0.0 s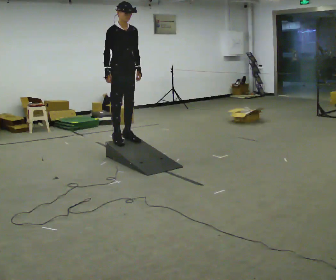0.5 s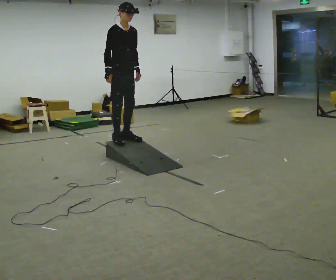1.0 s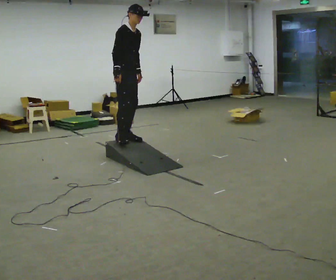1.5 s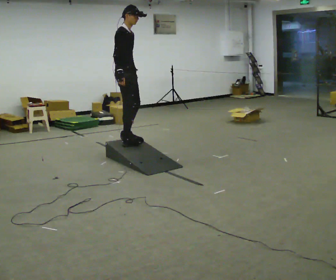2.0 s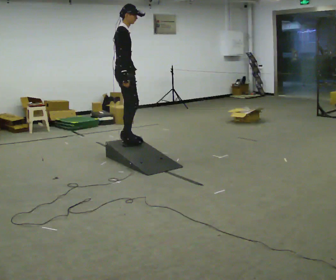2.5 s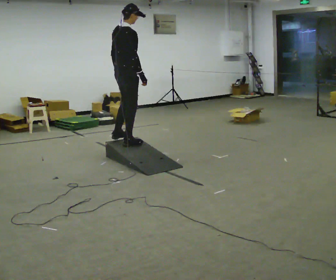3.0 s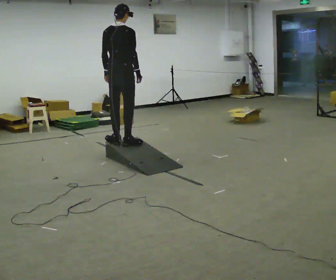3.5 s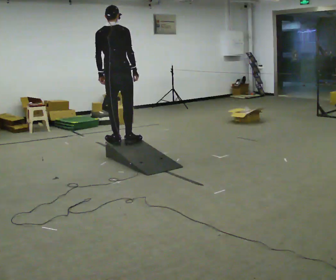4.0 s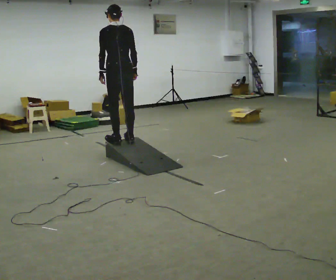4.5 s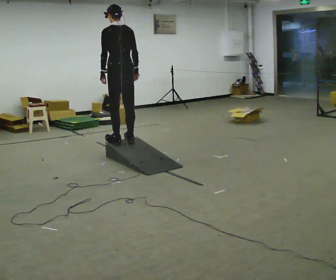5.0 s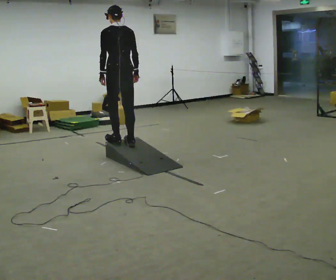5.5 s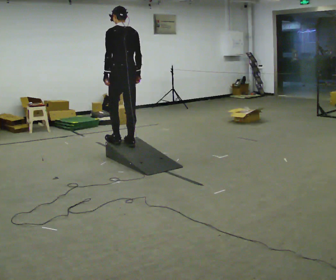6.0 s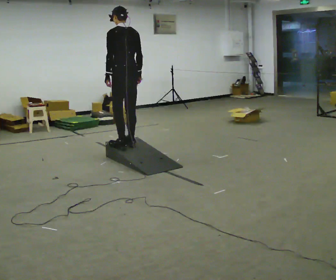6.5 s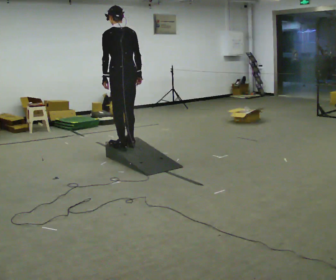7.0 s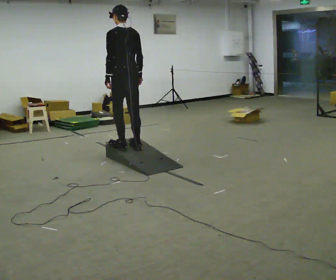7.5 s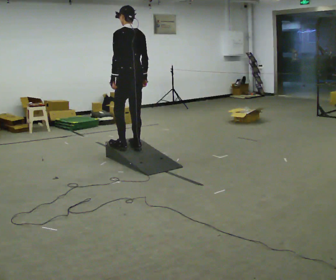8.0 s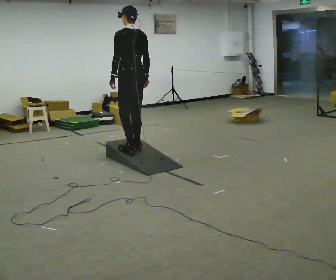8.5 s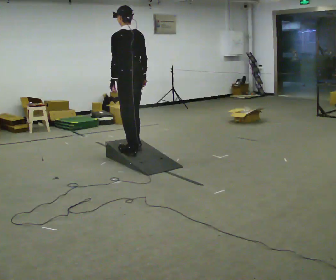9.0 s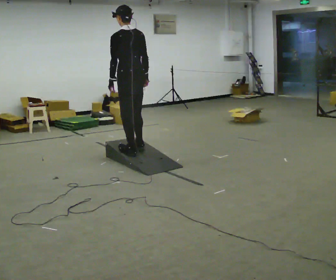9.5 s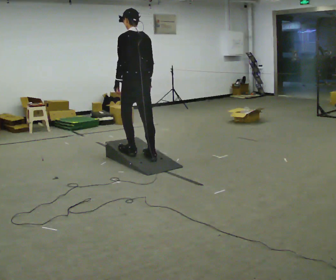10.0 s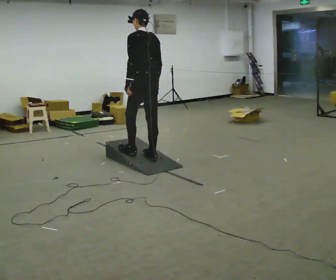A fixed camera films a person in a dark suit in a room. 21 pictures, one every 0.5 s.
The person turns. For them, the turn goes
to their left.
The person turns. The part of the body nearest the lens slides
to the right.
0.0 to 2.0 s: The part of the body nearest the lens slides to the right as the person turns to their left by about 60 degrees.
2.0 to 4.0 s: The part of the body nearest the lens slides to the right as the person turns to their left by about 105 degrees. In the picture the upper body tilts counterclockwise, shoulders to the left.
4.0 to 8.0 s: In the picture they go toward the camera, about 0.25 m in 2 steps, which for them is backward.
8.0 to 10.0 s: In the picture they go toward the camera, about 0.25 m in 1 step, which for them is backward.
The film runs backward here.
